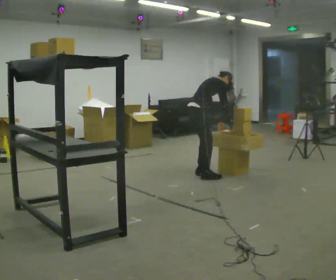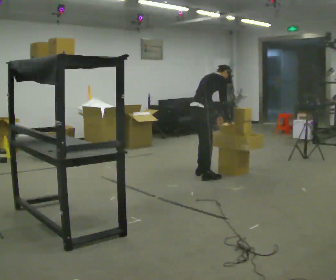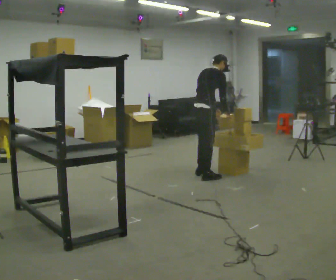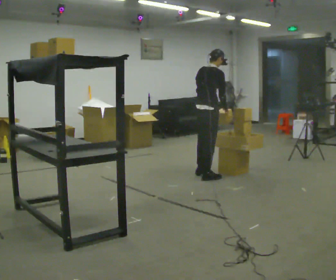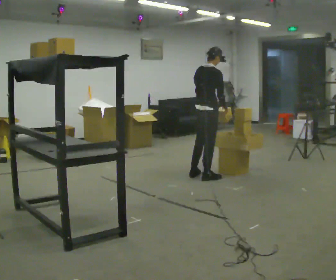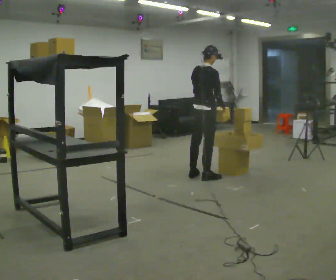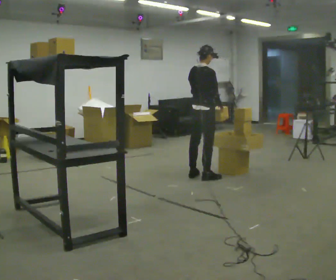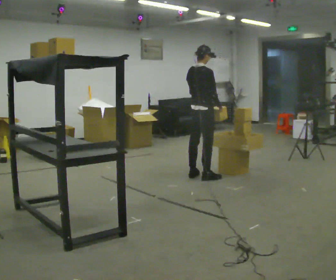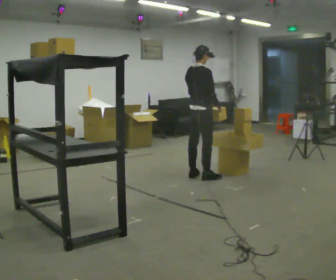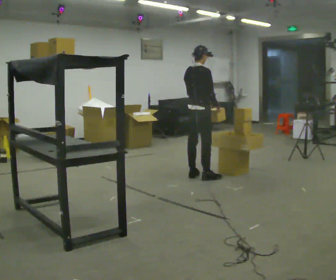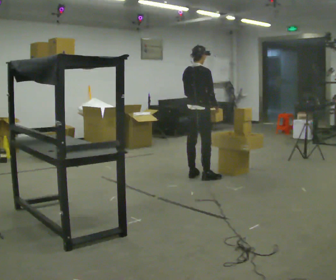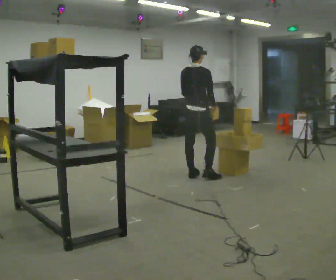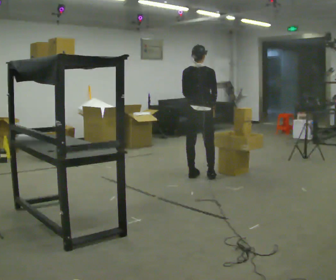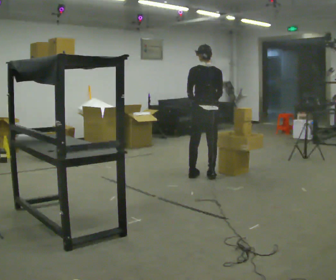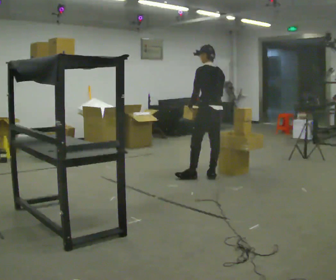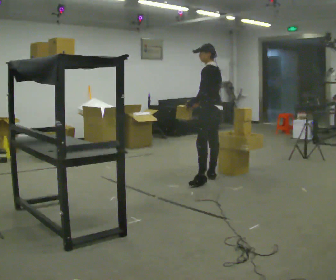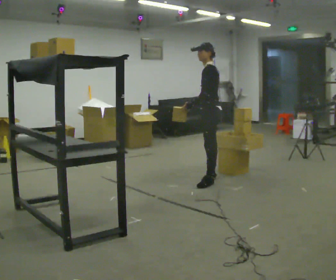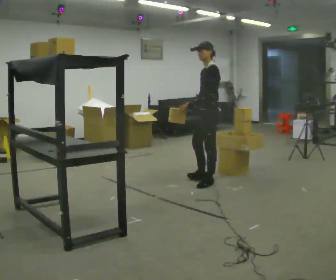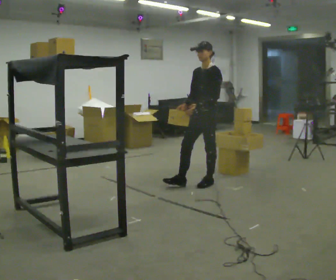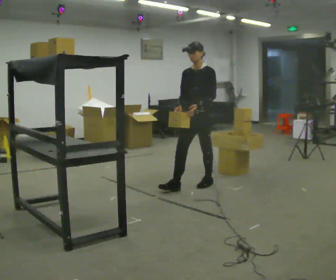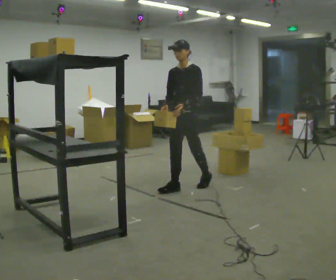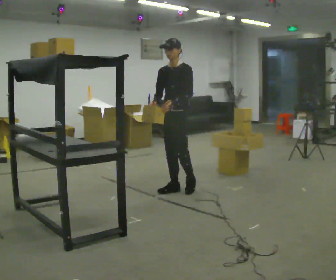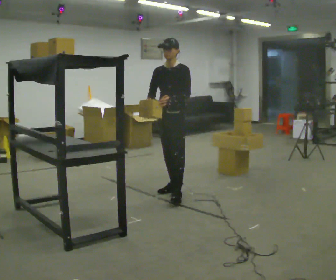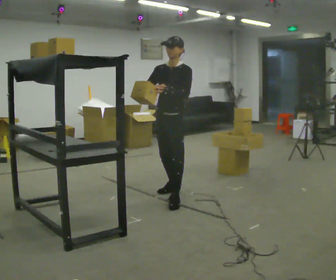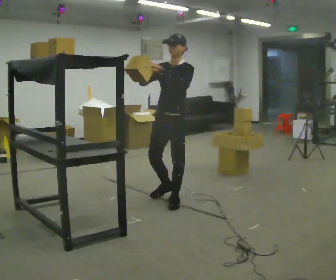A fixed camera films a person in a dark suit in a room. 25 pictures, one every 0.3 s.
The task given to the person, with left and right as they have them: Carry the object across the room and place it on the shelf just at the top of your comfortable reach. Keep going until the operator says stop; one object at a time, and do not rush between trips.
0.0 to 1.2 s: In the picture they go toward the camera, about 0.25 m, which for them is to their right. The shoulders move upward. In the picture the upper body tilts counterclockwise, shoulders to the left, as they lean back or straighten.
1.2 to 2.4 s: The person moves a little, or ends about where they began.
2.4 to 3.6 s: Seen from above the body turns counterclockwise, about 30 degrees: to their left, with its near side sliding to the right.
3.6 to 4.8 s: The person turns about 90 degrees to their left, counterclockwise seen from above, so the part of the body nearest the lens slides to the right. In the picture they go toward the camera and to the right, about 0.25 m in 1 step.
4.8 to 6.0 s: The person turns about 75 degrees to their left, counterclockwise seen from above, so the part of the body nearest the lens slides to the right. In the picture they go to the left and toward the camera, about 0.5 m in 1 step.
6.0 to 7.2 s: In the picture they go toward the camera, about 0.5 m in 1 step, which for them is forward. In the picture their right hand goes upward, the arm swinging clockwise.
The film runs forward here.
